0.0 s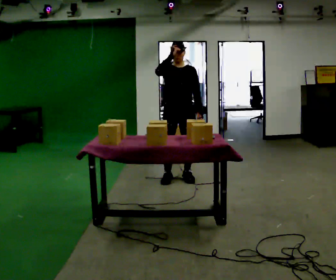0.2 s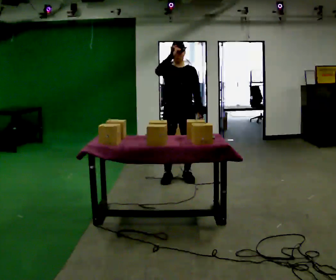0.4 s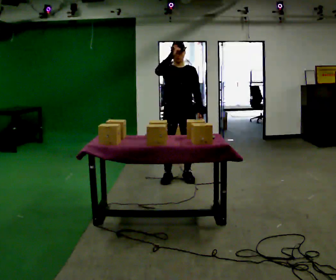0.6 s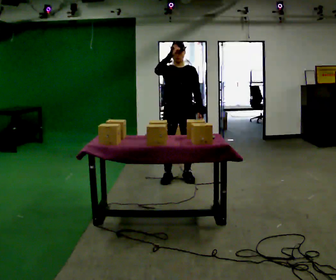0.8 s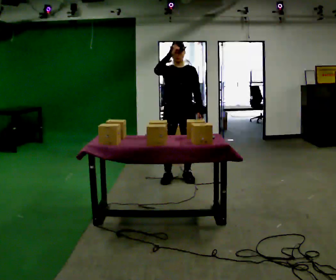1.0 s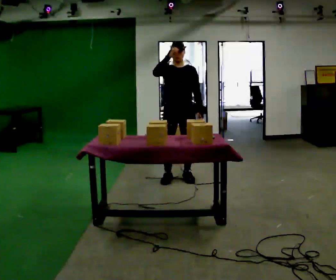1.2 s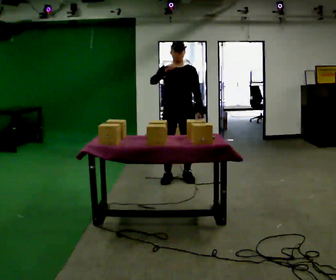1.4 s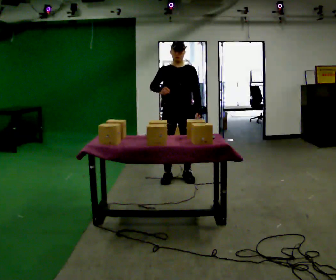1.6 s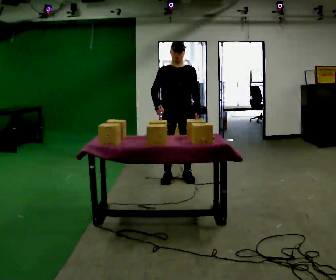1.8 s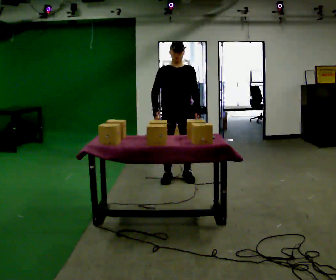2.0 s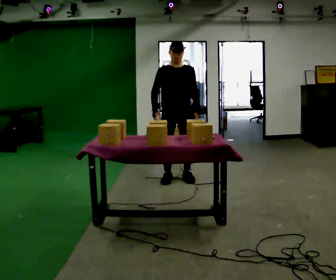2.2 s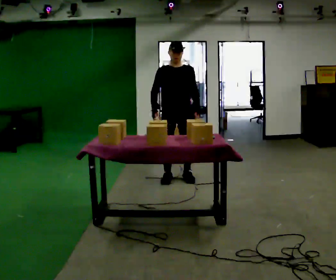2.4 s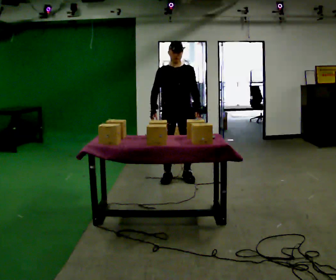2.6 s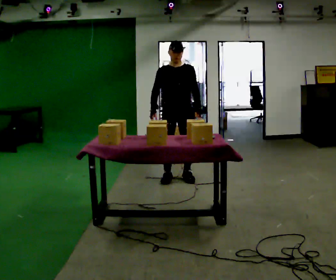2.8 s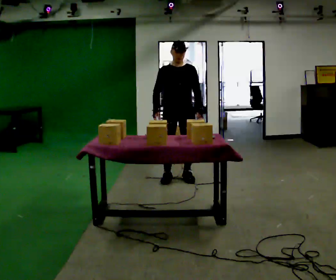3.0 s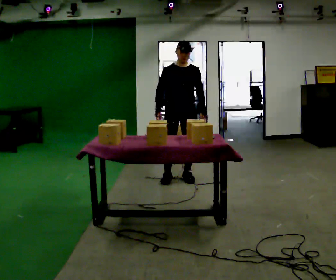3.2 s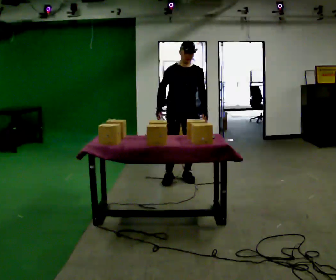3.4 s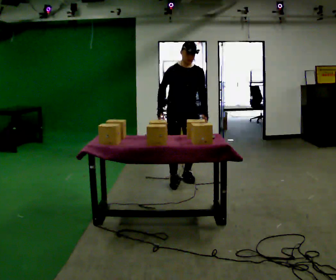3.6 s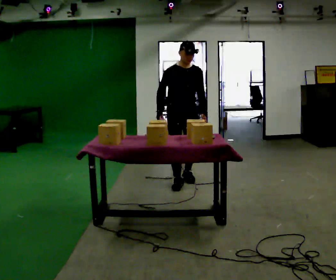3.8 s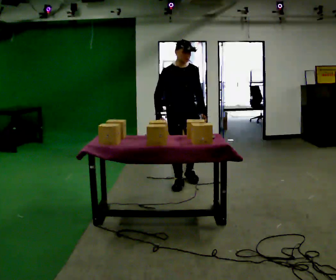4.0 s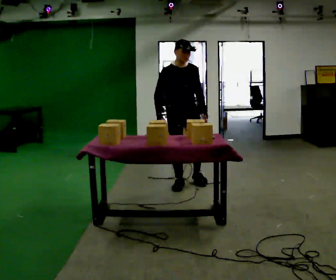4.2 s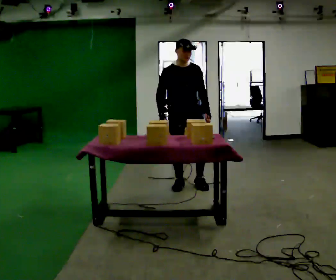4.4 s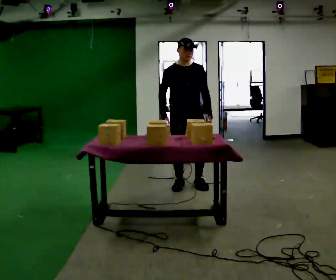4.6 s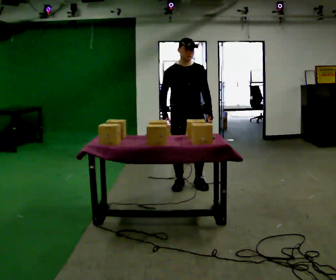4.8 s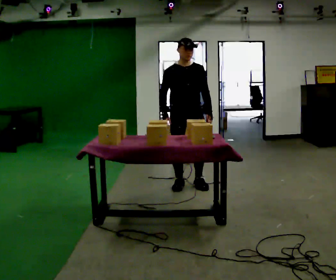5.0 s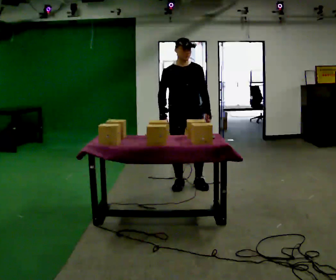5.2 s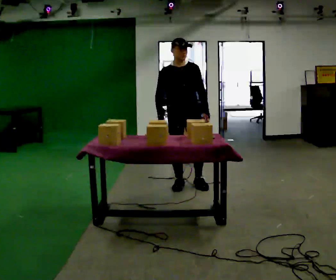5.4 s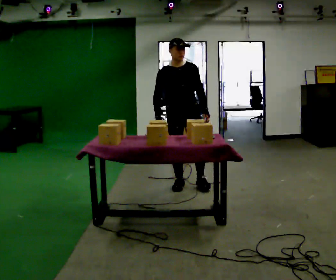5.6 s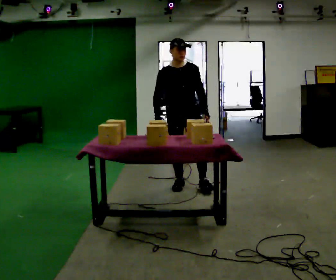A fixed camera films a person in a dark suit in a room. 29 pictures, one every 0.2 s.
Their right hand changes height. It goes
downward.
0.0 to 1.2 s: The person moves a little, or ends about where they began.
1.2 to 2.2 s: In the picture their right hand goes downward.
2.2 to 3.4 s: The person moves a little, or ends about where they began.
3.4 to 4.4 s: In the picture they go toward the camera, about 0.25 m in 1 step, which for them is forward.
4.4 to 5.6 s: The person moves a little, or ends about where they began.
The film runs backward here.
